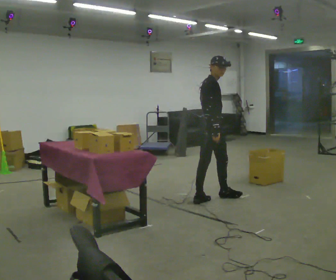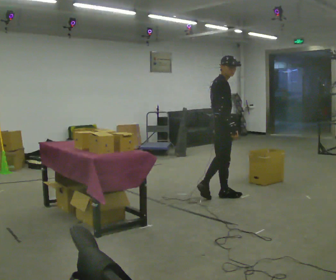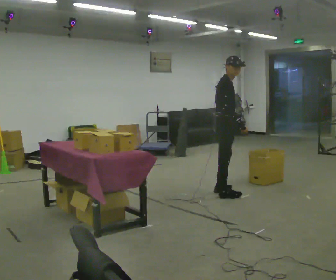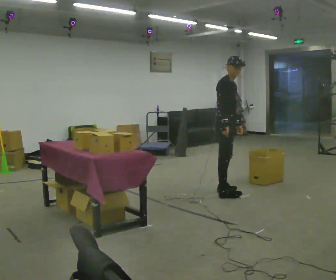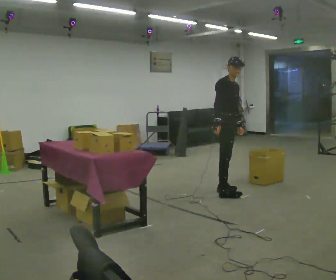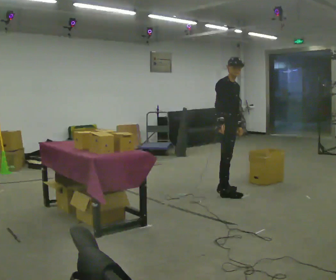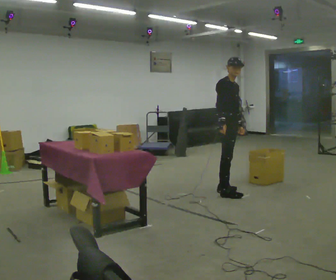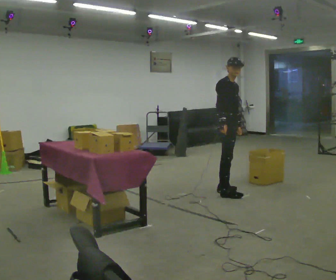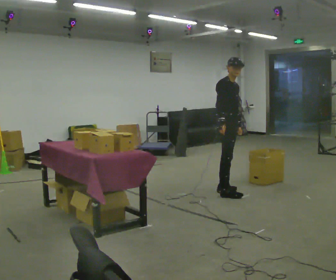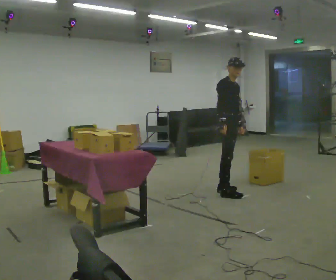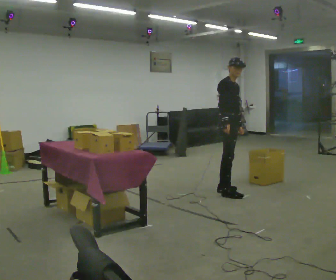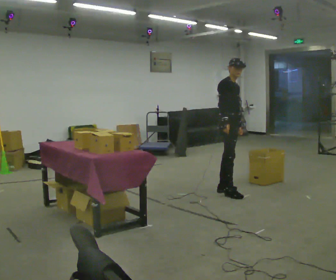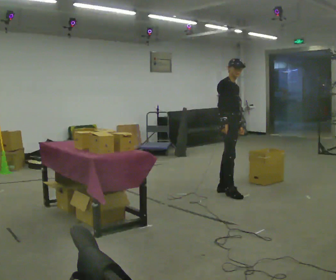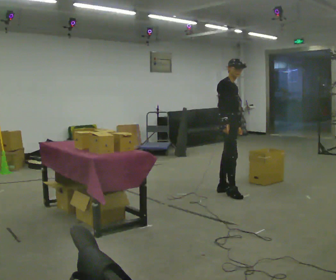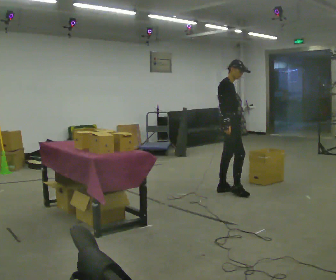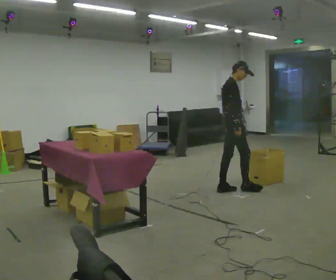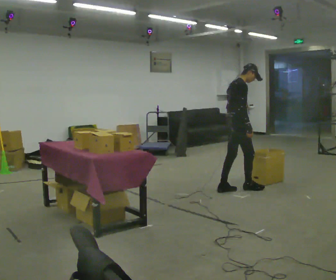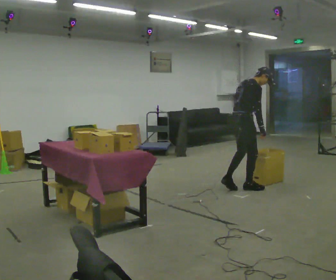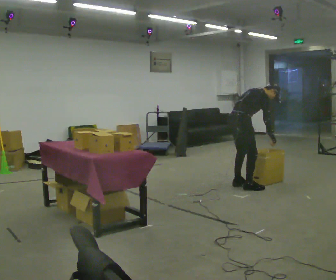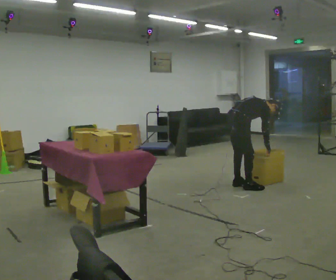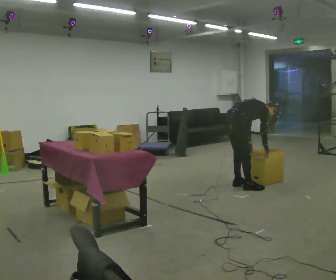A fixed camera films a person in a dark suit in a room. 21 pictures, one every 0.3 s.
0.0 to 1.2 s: The part of the body nearest the lens slides to the left as the person turns to their right by about 45 degrees. In the picture they go away from the camera and to the right, about 0.25 m in 1 step, which for them is to their left and forward.
1.2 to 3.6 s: The person moves a little, or ends about where they began.
3.6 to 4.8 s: The person turns about 45 degrees to their left, counterclockwise seen from above, so the part of the body nearest the lens slides to the right.
4.8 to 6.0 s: The shoulders move downward. In the picture the upper body tilts clockwise, shoulders to the right, as they bend forward. In the picture their right hand goes to the right and downward.
The film runs forward here.
